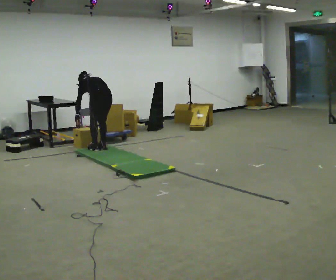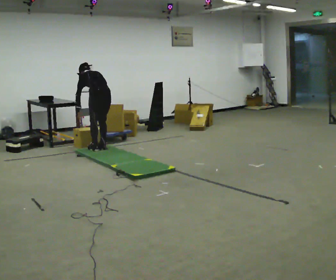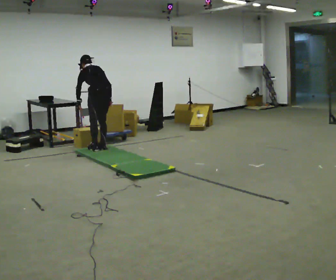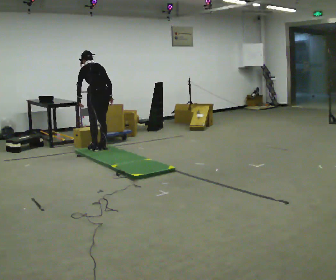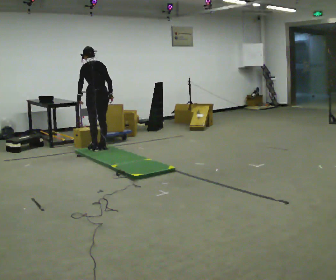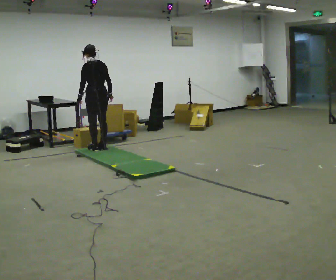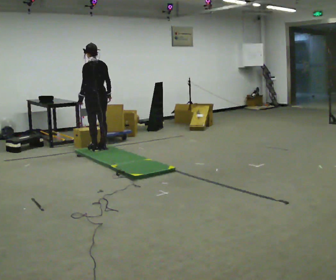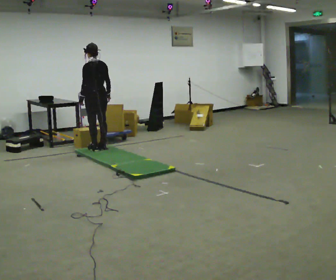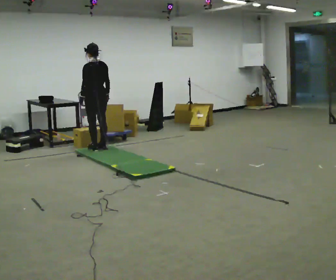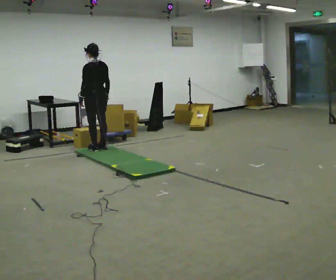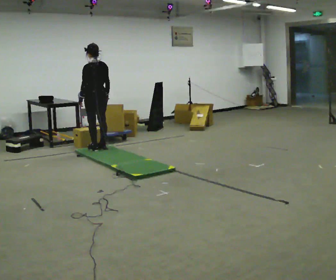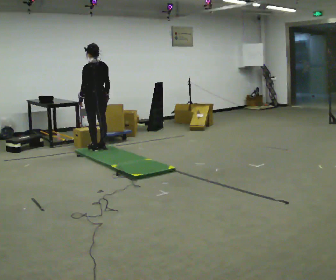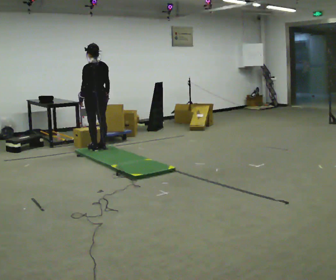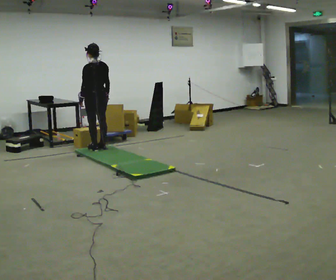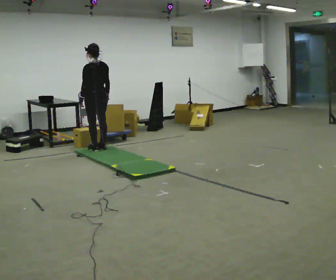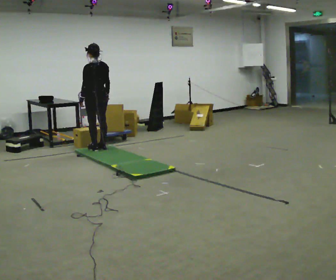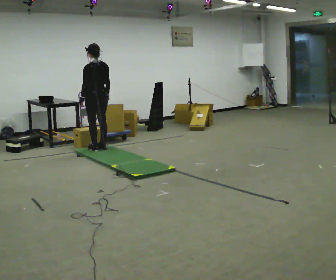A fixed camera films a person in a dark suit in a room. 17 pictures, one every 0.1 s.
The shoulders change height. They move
upward.
The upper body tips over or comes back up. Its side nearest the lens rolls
downward.
0.0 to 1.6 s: The upper body goes upward. The upper body tips toward the camera, its near side rolling downward, as they lean back or straighten.
The film runs forward here.
